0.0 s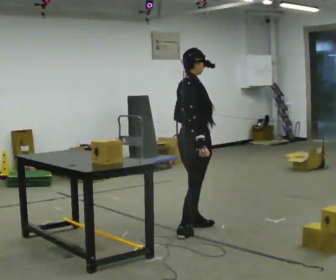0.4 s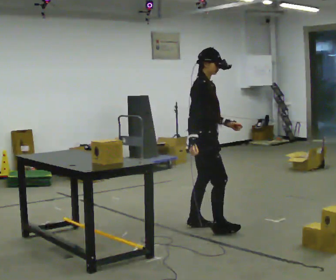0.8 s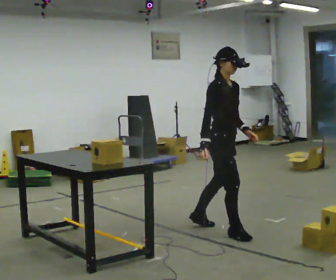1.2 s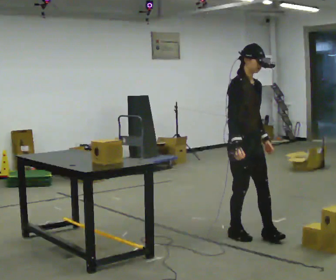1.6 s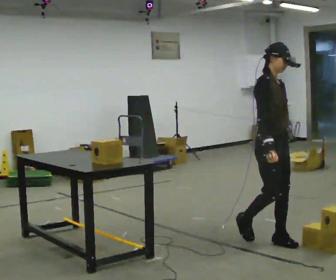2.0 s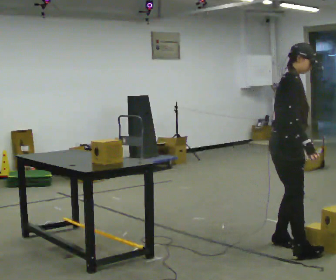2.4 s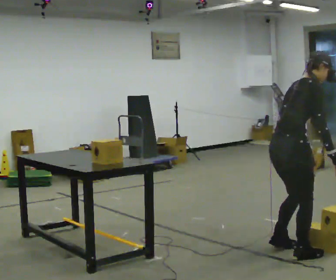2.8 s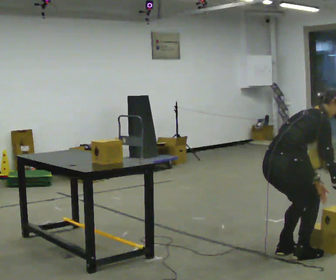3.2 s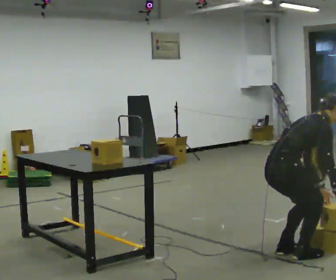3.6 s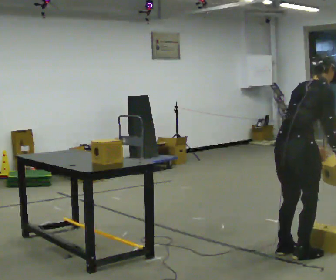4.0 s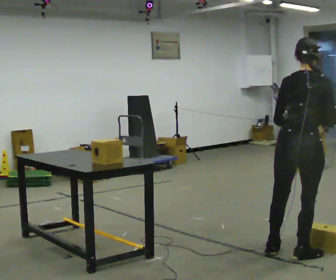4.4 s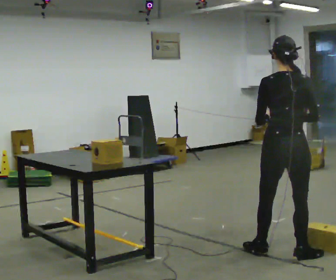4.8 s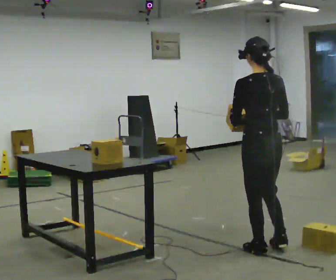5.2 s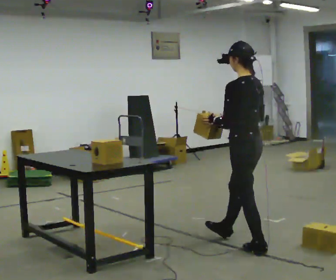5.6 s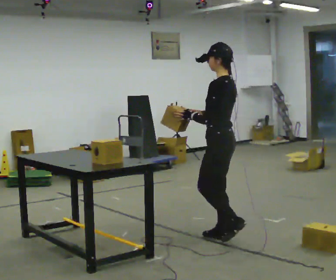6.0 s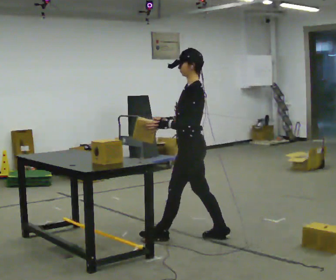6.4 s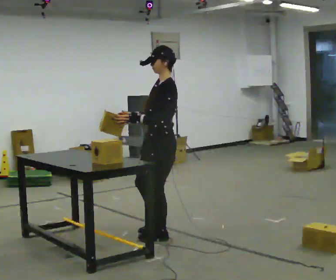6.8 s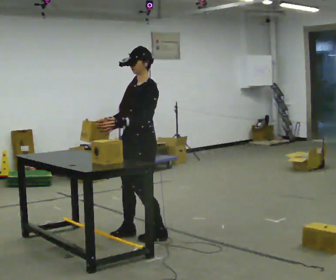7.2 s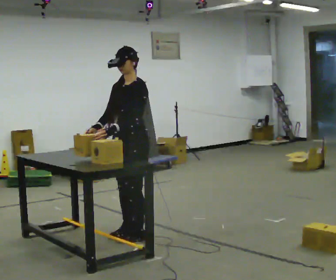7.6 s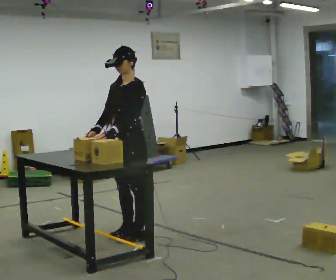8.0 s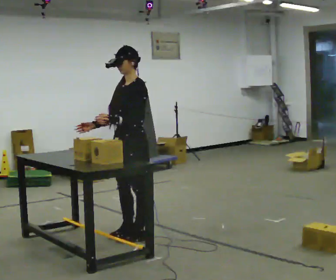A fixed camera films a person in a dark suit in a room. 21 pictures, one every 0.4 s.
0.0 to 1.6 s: The person turns about 75 degrees to their right, clockwise seen from above, so the part of the body nearest the lens slides to the left. In the picture they go to the right and toward the camera, about 0.5 m in 2 steps.
1.6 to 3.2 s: Seen from above the body turns counterclockwise, about 60 degrees: to their left, with its near side sliding to the right. In the picture they go toward the camera, about 0.5 m in 2 steps. The shoulders move downward. In the picture the upper body tilts clockwise, shoulders to the right, as they bend forward. In the picture their right hand goes downward.
3.2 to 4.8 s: Seen from above the body turns counterclockwise, about 90 degrees: to their left, with its near side sliding to the right. In the picture they go away from the camera, about 0.25 m. The upper body goes upward. In the picture the upper body tilts counterclockwise, shoulders to the left, as they lean back or straighten. In the picture their right hand goes upward and to the left.
4.8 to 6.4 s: Seen from above the body turns counterclockwise, about 75 degrees: to their left, with its near side sliding to the right. In the picture they go to the left and away from the camera, about 1 m in 2 steps.
6.4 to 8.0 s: The part of the body nearest the lens slides to the right as the person turns to their left by about 30 degrees. In the picture they go to the left, about 0.25 m in 2 steps, which for them is to their right and forward.
The film runs forward here.
